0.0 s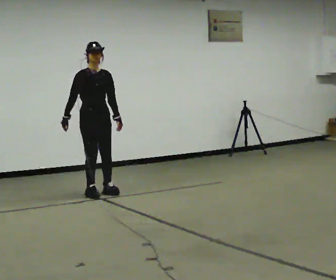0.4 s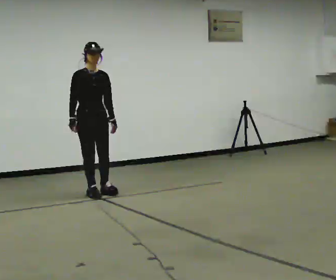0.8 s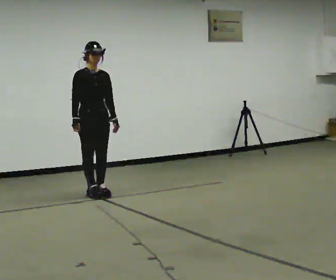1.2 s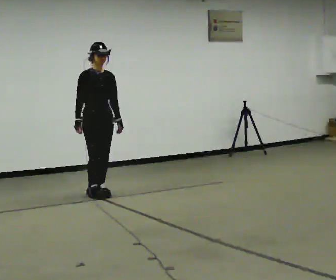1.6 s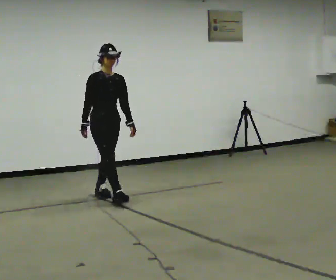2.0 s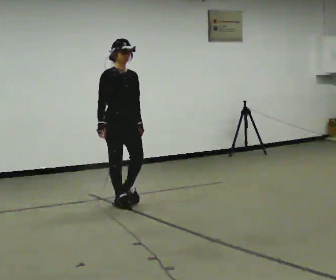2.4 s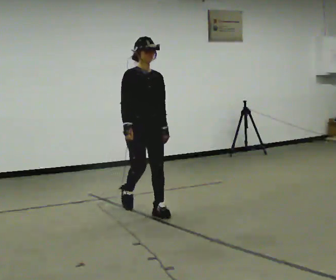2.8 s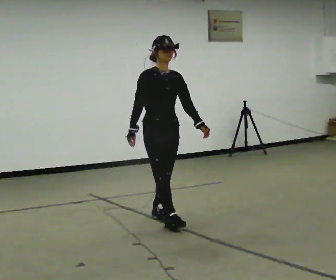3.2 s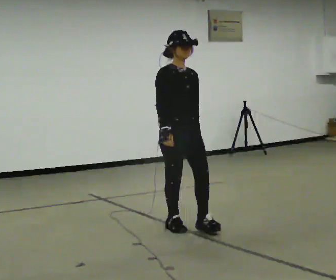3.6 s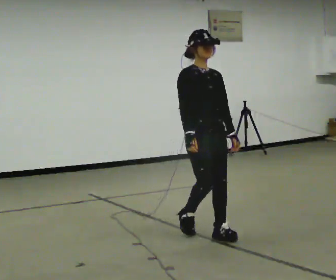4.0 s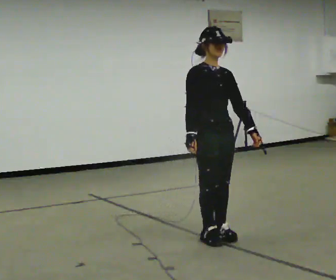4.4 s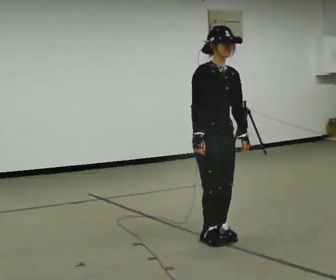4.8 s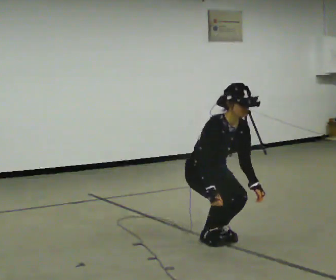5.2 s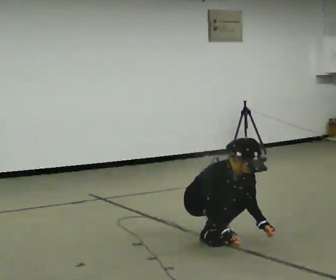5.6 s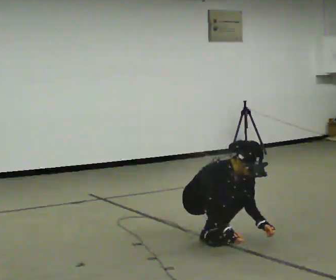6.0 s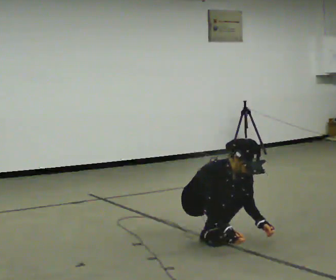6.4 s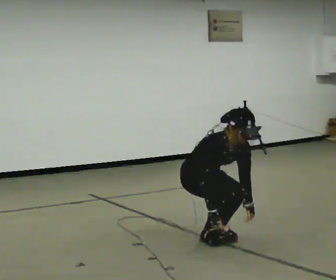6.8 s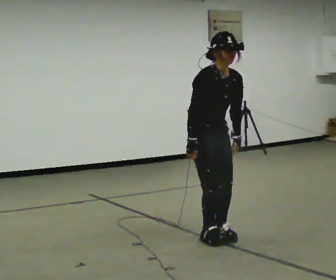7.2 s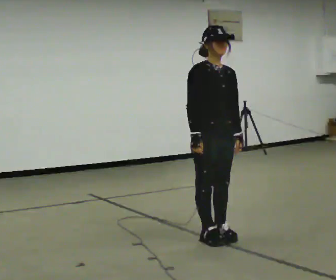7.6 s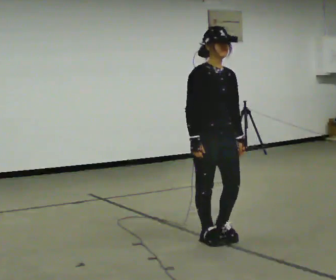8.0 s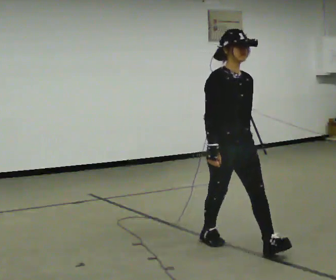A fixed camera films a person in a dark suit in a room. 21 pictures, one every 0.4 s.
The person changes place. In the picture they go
toward the camera.
0.0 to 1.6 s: In the picture they go toward the camera and to the right, about 0.25 m, which for them is forward.
1.6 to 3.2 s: In the picture they go toward the camera and to the right, about 1.5 m in 3 steps, which for them is forward.
3.2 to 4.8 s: In the picture they go toward the camera and to the right, about 0.25 m in 2 steps, which for them is forward. The upper body goes downward. The upper body tips toward the camera, its near side rolling downward, as they bend forward. In the picture their left hand goes downward.
4.8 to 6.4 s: The person moves a little, or ends about where they began.
6.4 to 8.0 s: In the picture they go toward the camera and to the right, about 0.5 m in 1 step, which for them is forward. The shoulders move upward. The upper body tips away from the camera, its near side rolling upward, as they lean back or straighten. In the picture their left hand goes upward.
The film runs forward here.
